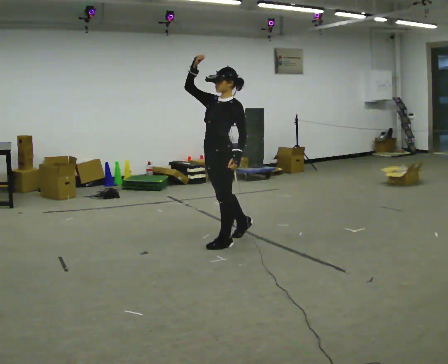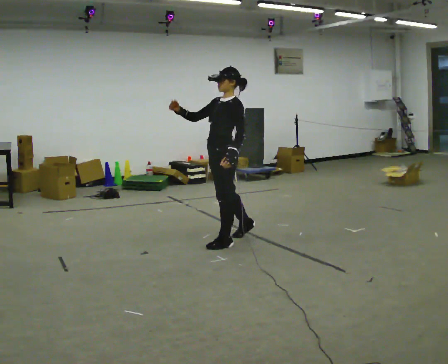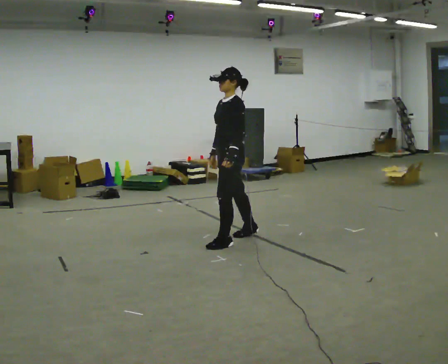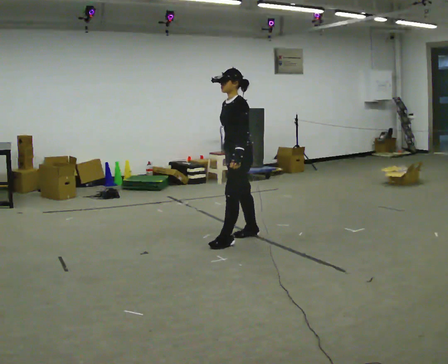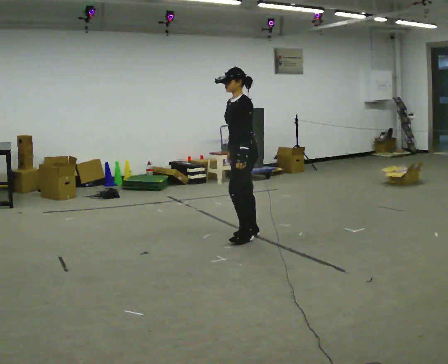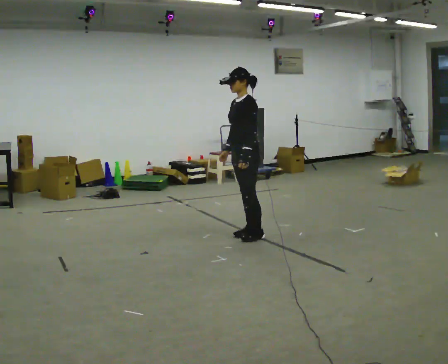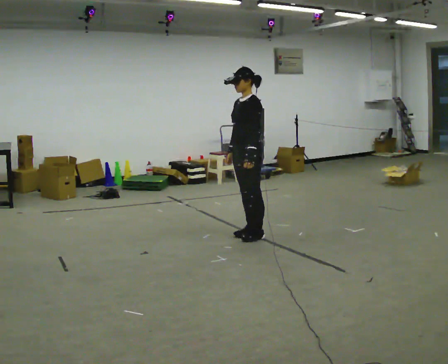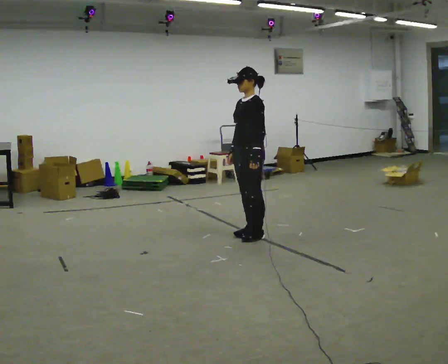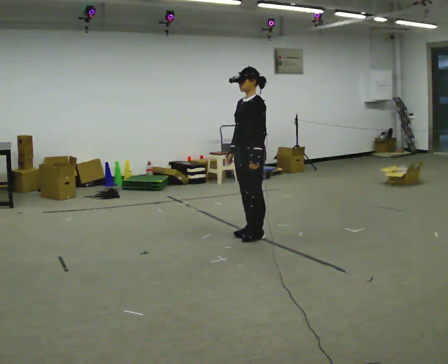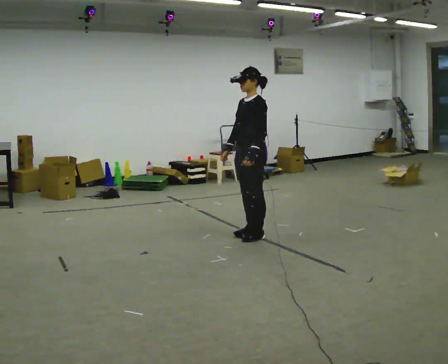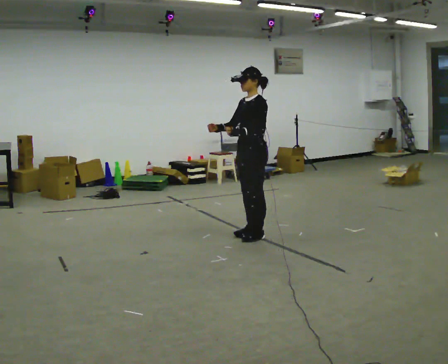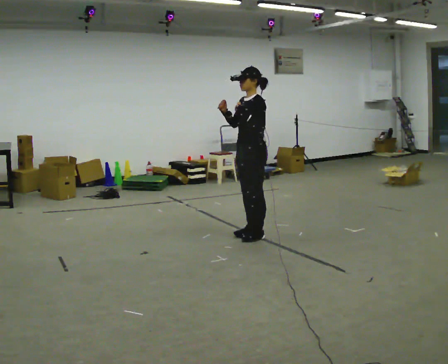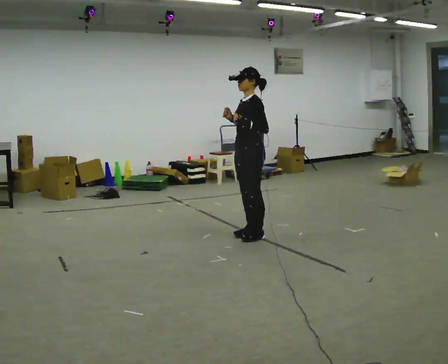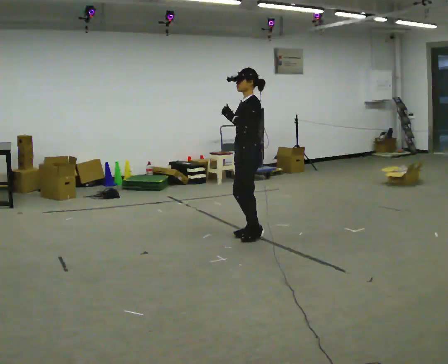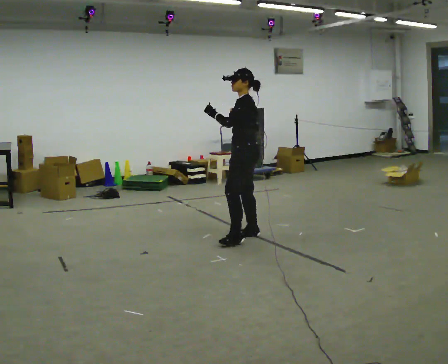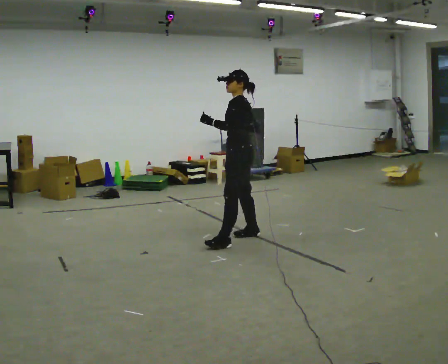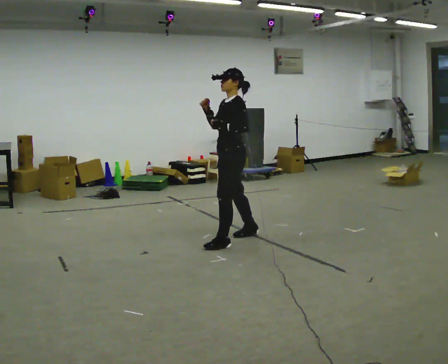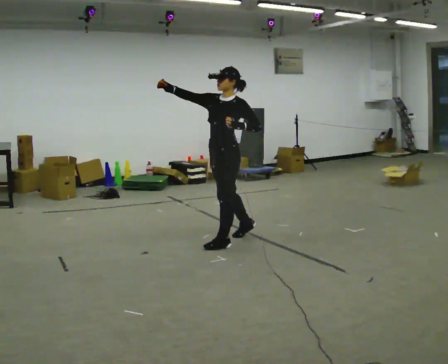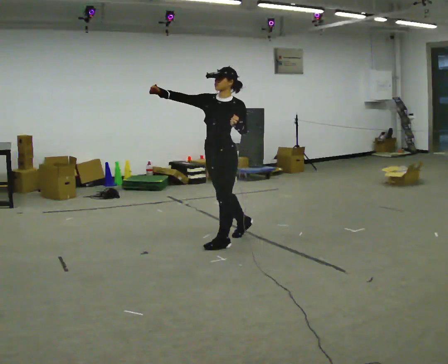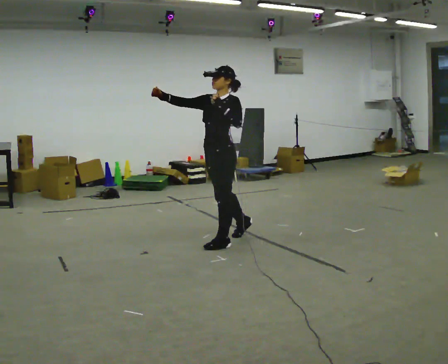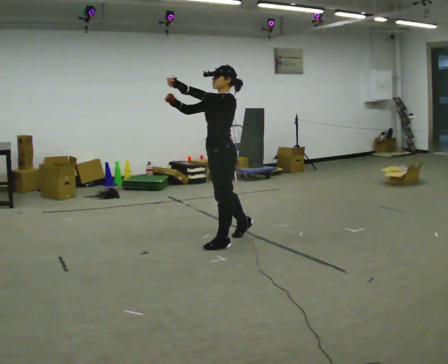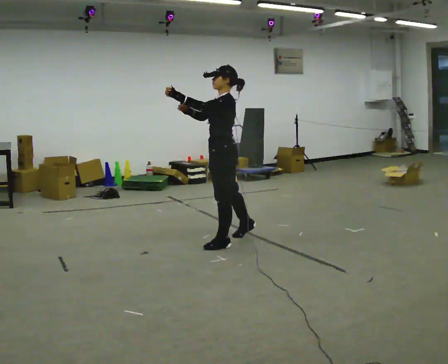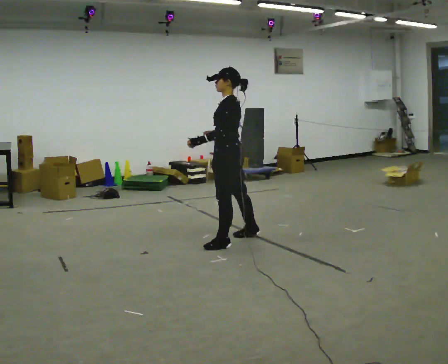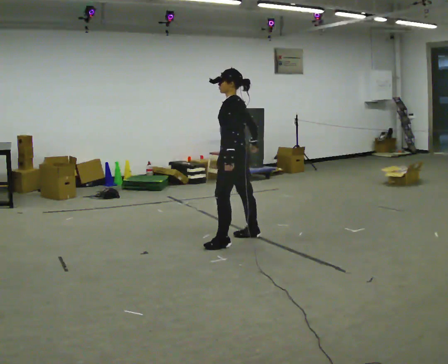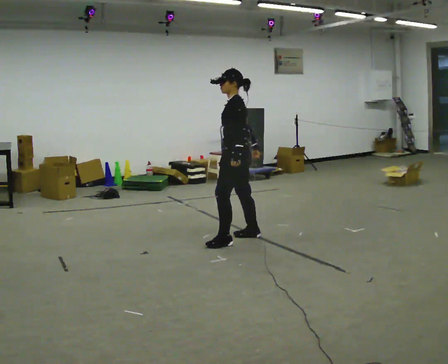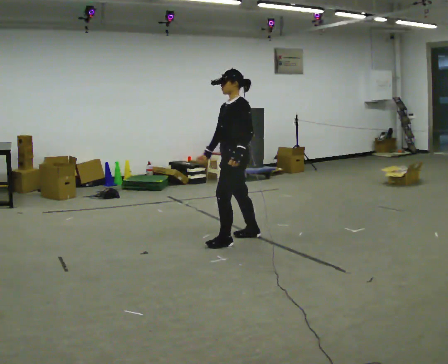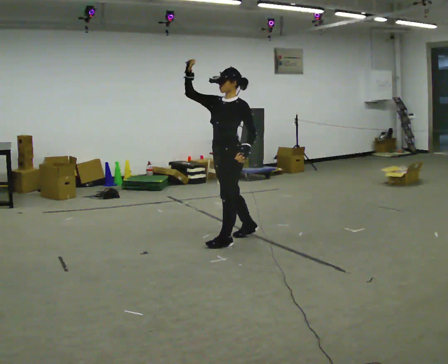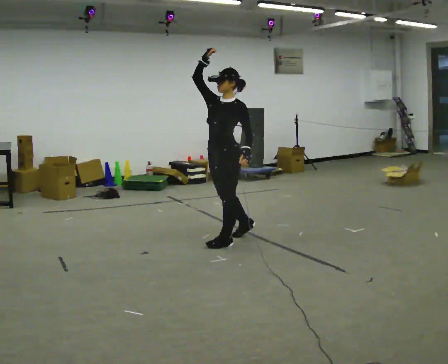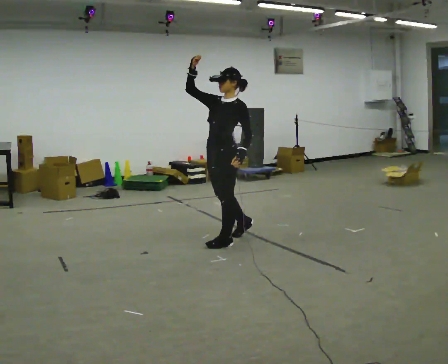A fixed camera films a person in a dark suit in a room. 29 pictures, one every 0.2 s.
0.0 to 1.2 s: In the picture they go away from the camera and to the right, about 0.25 m in 1 step, which for them is backward. In the picture their right hand goes downward, the arm swinging counterclockwise.
1.2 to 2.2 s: In the picture their right hand goes upward.
2.2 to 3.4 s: In the picture they go to the left and toward the camera, about 0.25 m in 1 step, which for them is forward and to their left.
3.4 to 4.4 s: The person turns about 45 degrees to their right, clockwise seen from above, so the part of the body nearest the lens slides to the left. In the picture their right hand goes downward and to the right, the arm swinging counterclockwise.
4.4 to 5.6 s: Seen from above the body turns counterclockwise, about 45 degrees: to their left, with its near side sliding to the right. In the picture their right hand goes upward.
The film runs forward here.
